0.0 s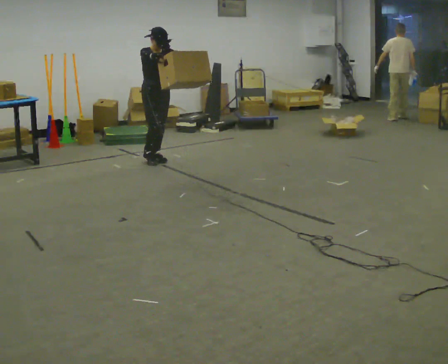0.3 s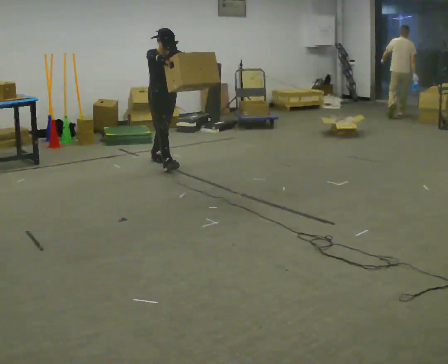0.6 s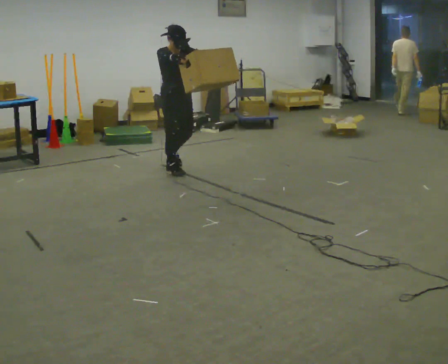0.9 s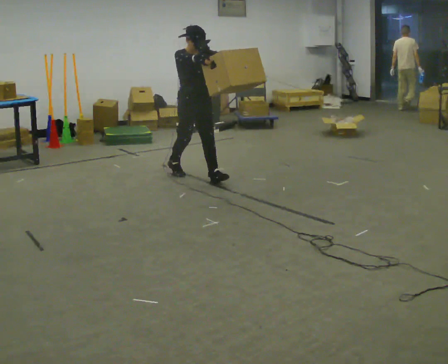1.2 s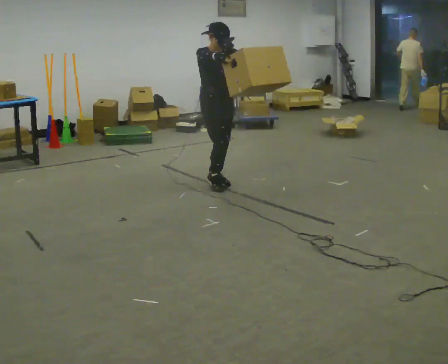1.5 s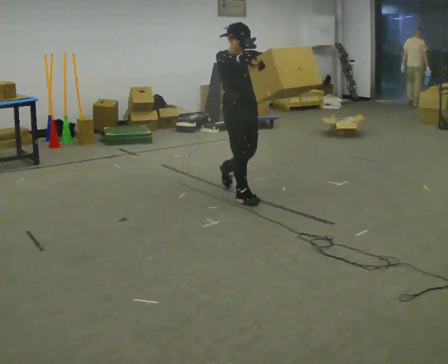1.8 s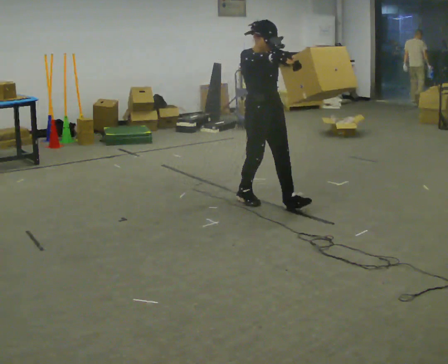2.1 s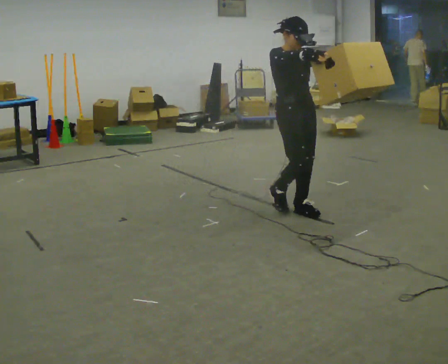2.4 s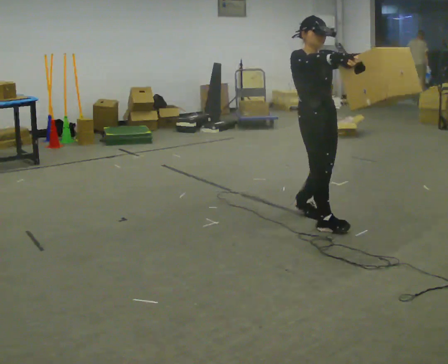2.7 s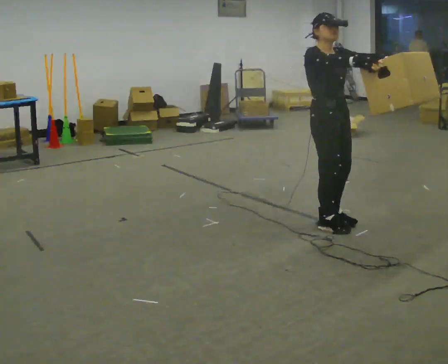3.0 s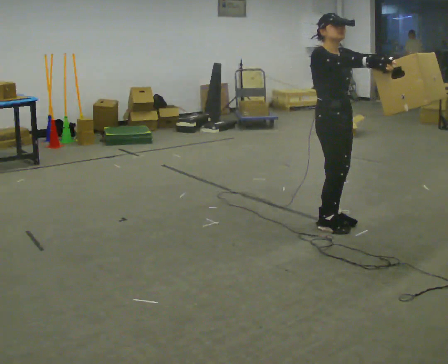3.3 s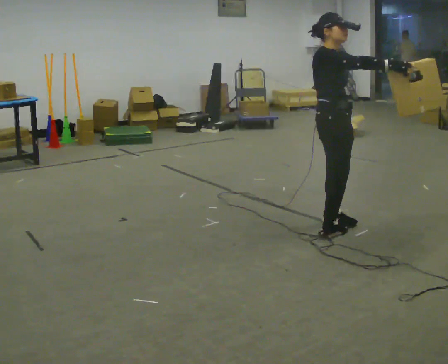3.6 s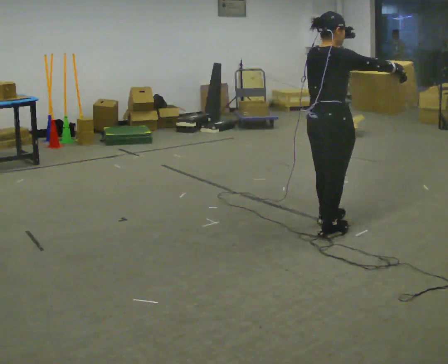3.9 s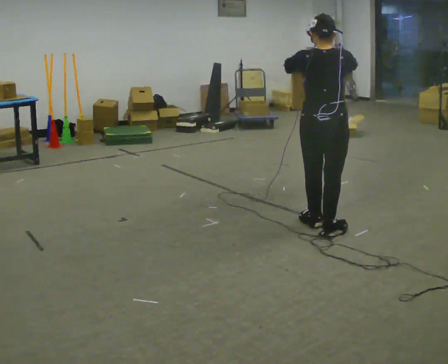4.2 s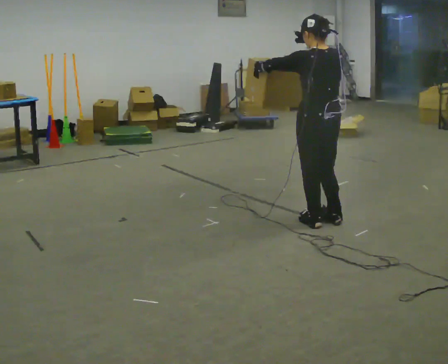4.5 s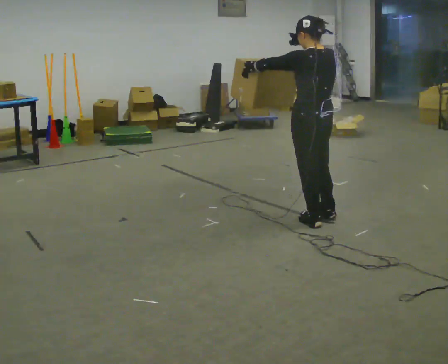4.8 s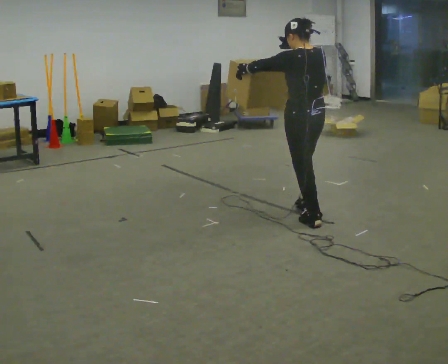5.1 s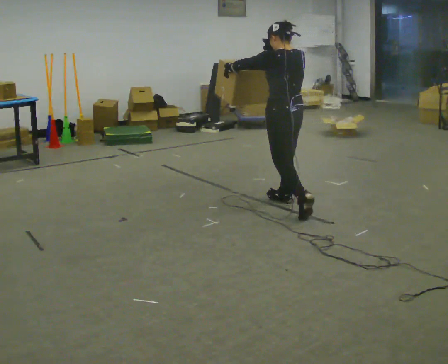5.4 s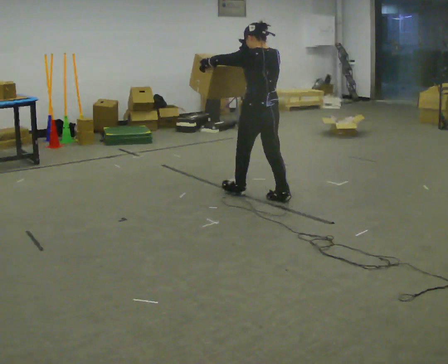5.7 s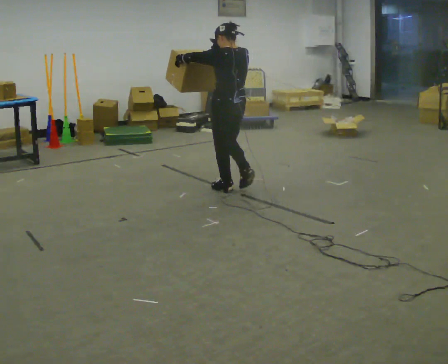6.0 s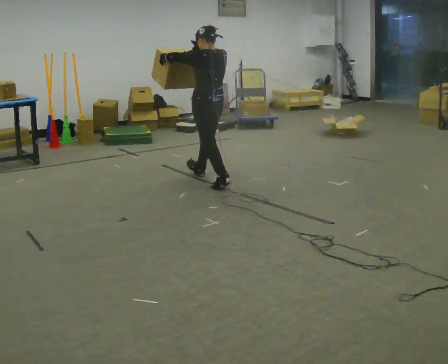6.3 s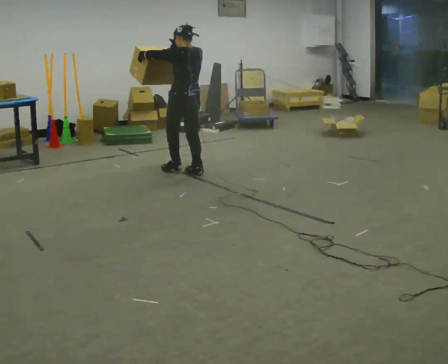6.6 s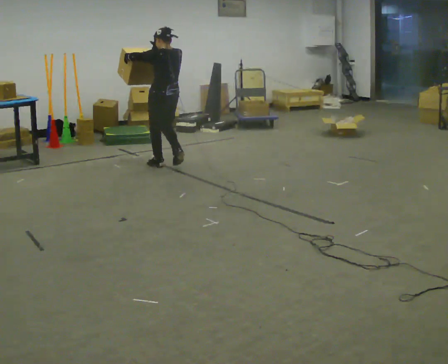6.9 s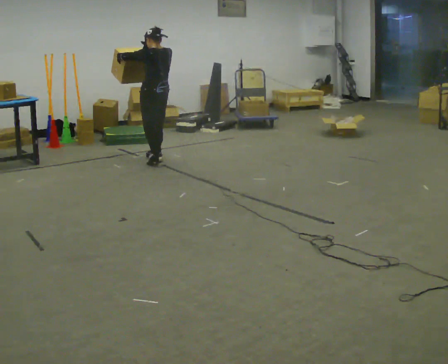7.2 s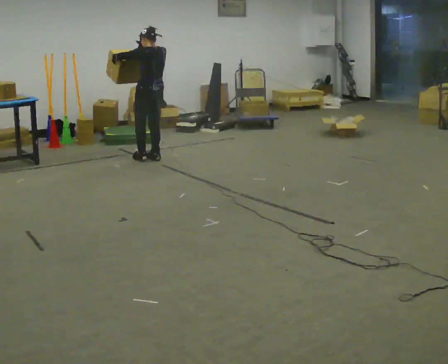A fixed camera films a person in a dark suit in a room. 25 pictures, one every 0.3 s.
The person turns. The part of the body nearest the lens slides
to the right.
The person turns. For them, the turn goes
to their left.
0.0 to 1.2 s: In the picture they go toward the camera and to the right, about 1 m in 2 steps, which for them is forward.
1.2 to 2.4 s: In the picture they go toward the camera and to the right, about 1 m in 3 steps, which for them is forward.
2.4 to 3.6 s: Seen from above the body turns counterclockwise, about 90 degrees: to their left, with its near side sliding to the right. In the picture they go toward the camera, about 0.25 m in 2 steps.
3.6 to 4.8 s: The person turns about 90 degrees to their left, counterclockwise seen from above, so the part of the body nearest the lens slides to the right. In the picture they go away from the camera, about 0.25 m in 1 step.
4.8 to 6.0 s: In the picture they go away from the camera and to the left, about 1.5 m in 2 steps, which for them is forward.
6.0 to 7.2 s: In the picture they go to the left and away from the camera, about 1 m in 3 steps, which for them is forward.
The film runs forward here.
